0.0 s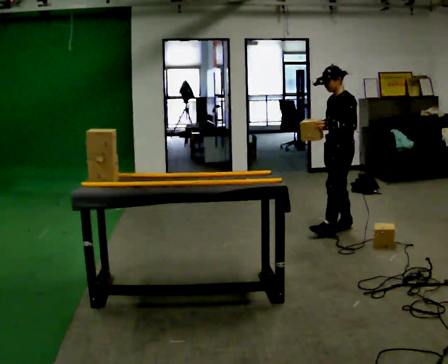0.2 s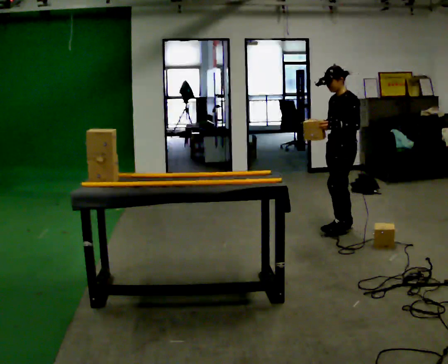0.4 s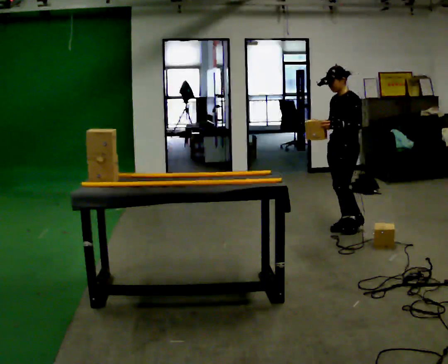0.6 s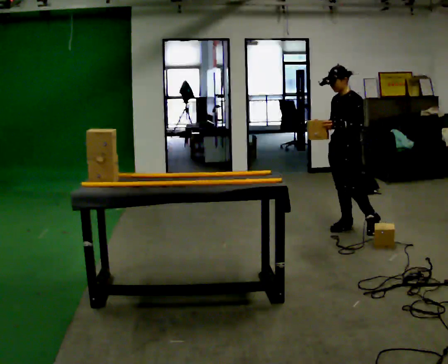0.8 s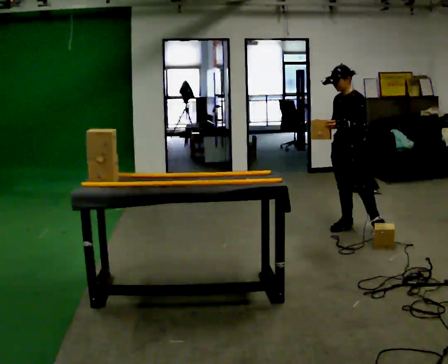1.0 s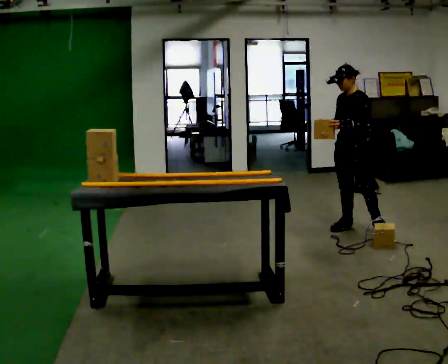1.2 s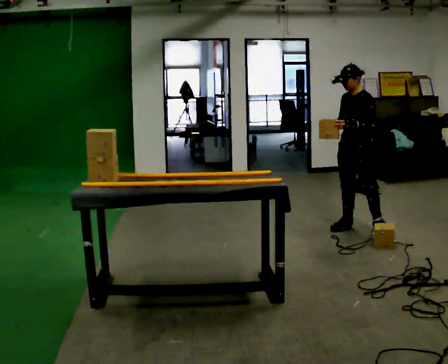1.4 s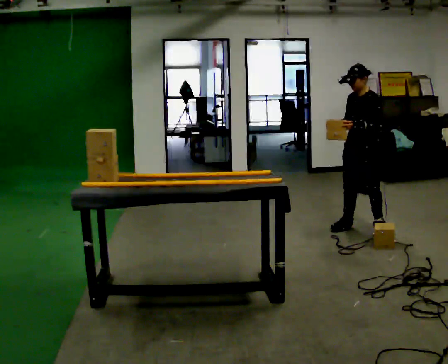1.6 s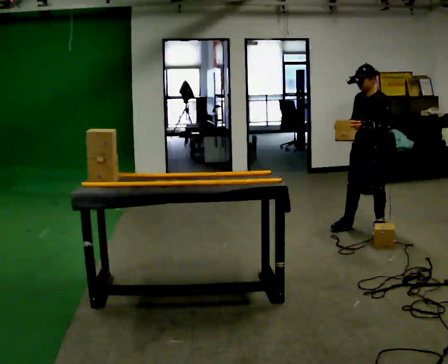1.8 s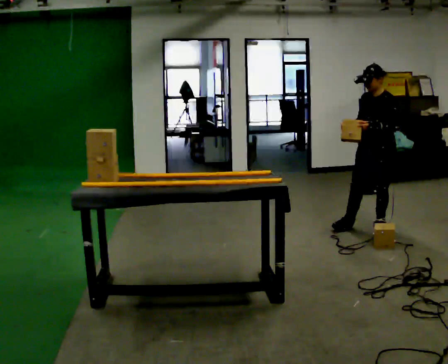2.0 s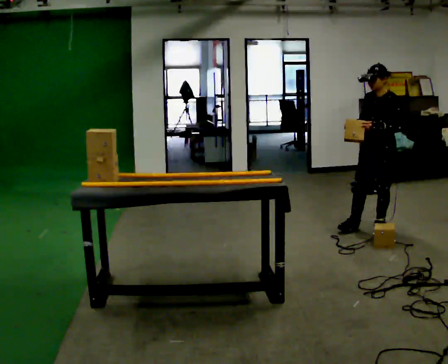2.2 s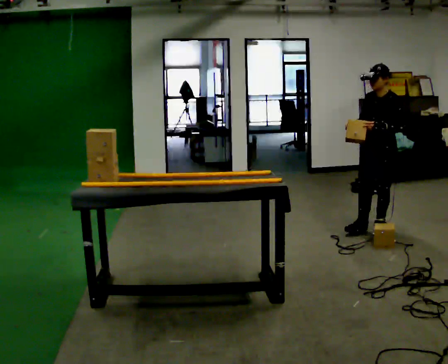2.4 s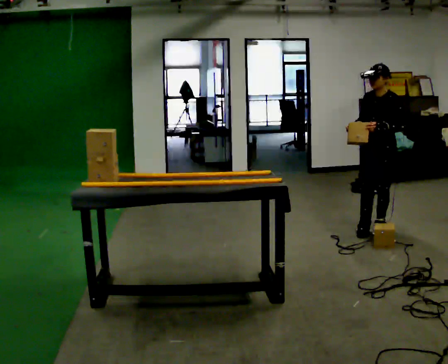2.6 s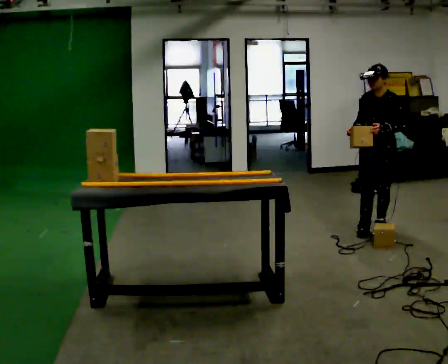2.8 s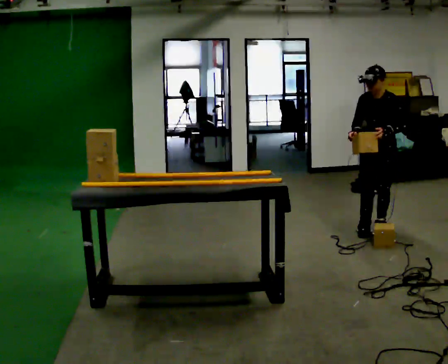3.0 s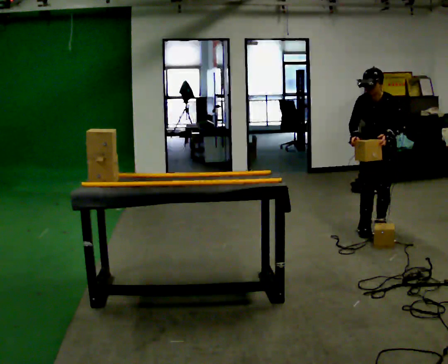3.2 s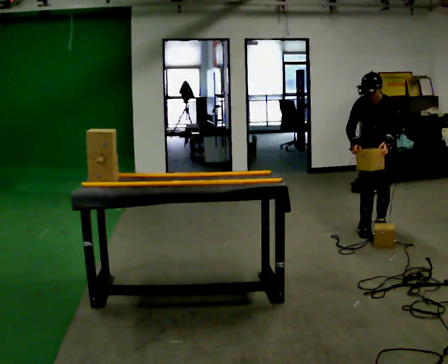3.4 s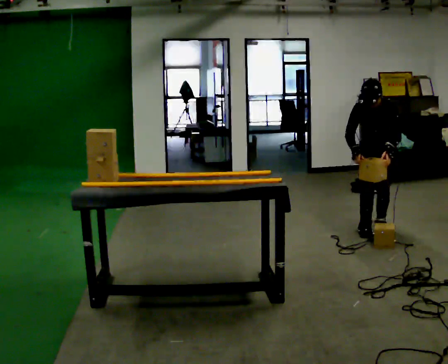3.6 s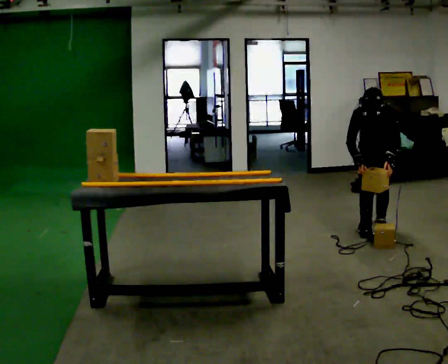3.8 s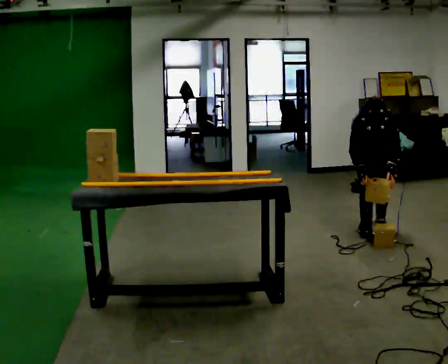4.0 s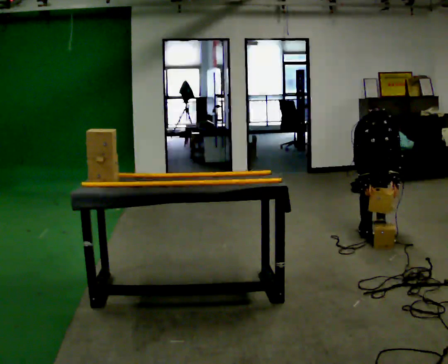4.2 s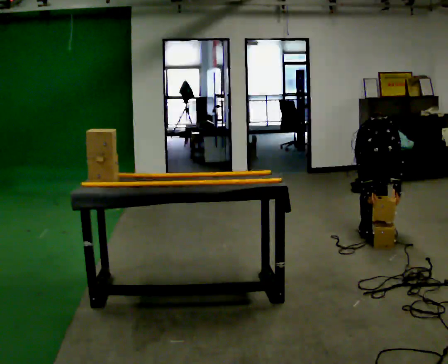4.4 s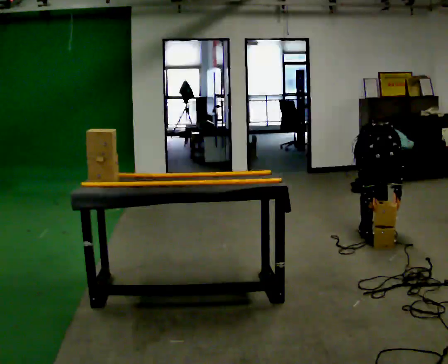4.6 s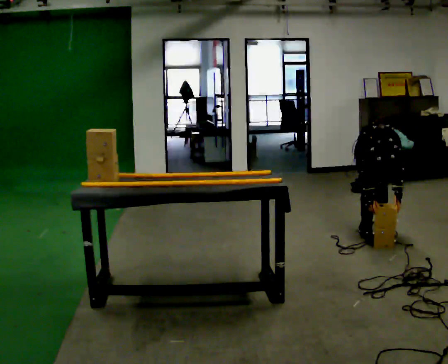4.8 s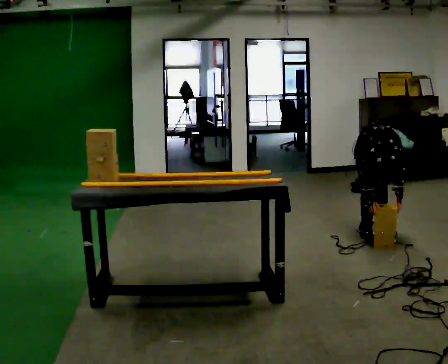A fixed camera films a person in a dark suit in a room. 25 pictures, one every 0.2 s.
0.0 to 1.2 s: The person moves a little, or ends about where they began.
1.2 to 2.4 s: In the picture they go to the right, about 0.25 m in 1 step, which for them is to their left.
2.4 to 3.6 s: The part of the body nearest the lens slides to the right as the person turns to their left by about 30 degrees. The upper body tips toward the camera, its near side rolling downward, as they bend forward.
3.6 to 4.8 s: The shoulders move downward. The upper body tips toward the camera, its near side rolling downward, as they bend forward.
The film runs backward here.
